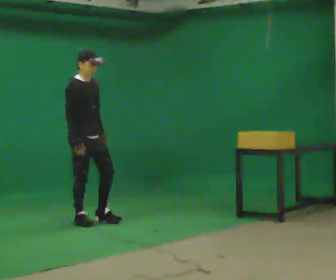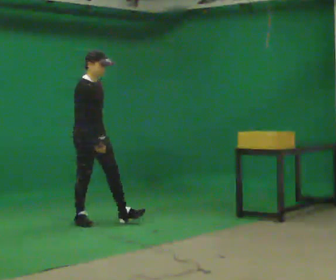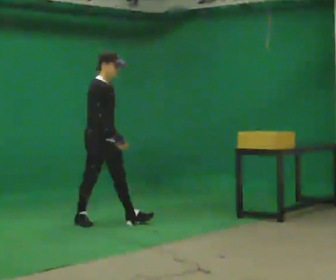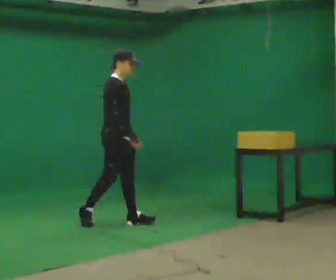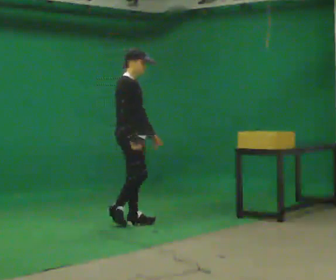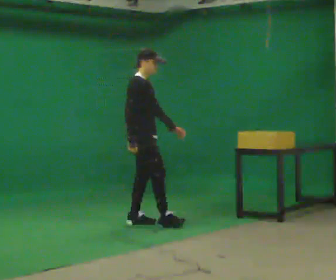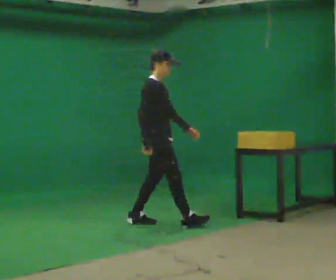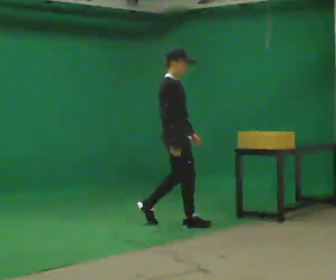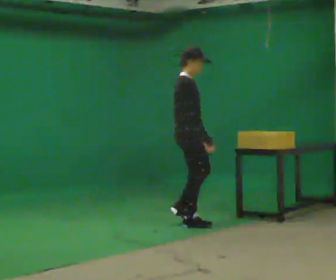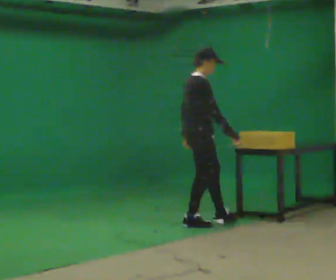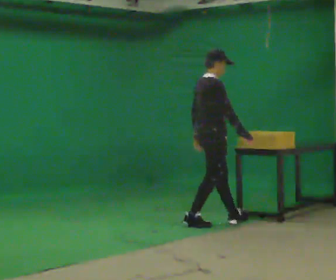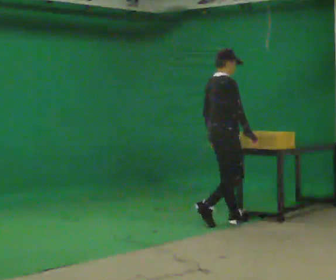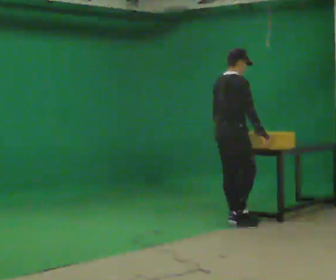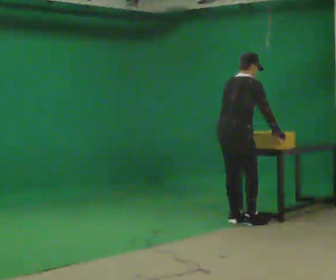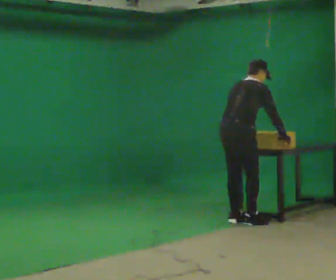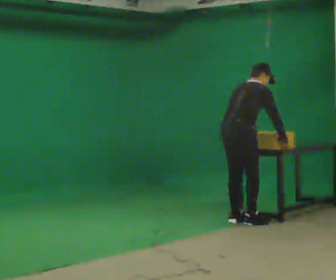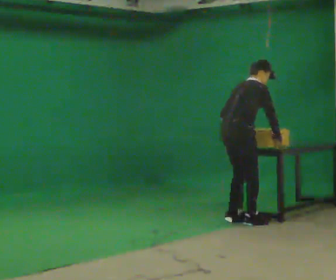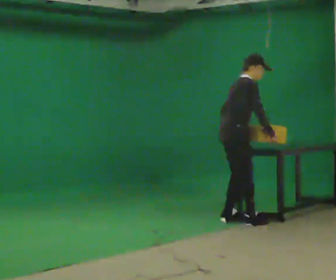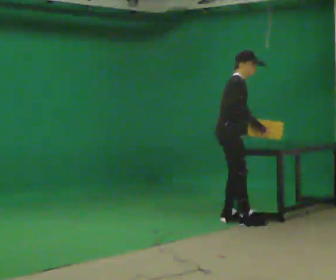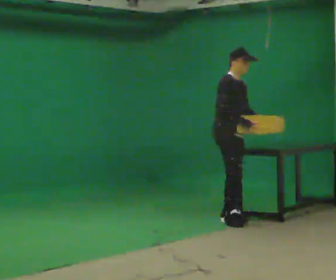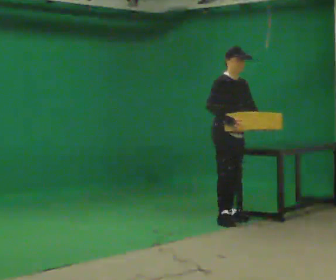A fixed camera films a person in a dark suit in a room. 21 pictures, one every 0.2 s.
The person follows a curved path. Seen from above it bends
counterclockwise.
The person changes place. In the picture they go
to the right.
0.0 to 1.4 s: Seen from above the body turns counterclockwise, about 30 degrees: to their left, with its near side sliding to the right. In the picture they go to the right, about 1 m in 2 steps, which for them is forward.
1.4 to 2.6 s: The person turns about 45 degrees to their left, counterclockwise seen from above, so the part of the body nearest the lens slides to the right. In the picture they go to the right, about 0.5 m in 2 steps, which for them is forward. The upper body tips away from the camera, its near side rolling upward, as they bend forward.
2.6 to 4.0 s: The part of the body nearest the lens slides to the left as the person turns to their right by about 90 degrees. In the picture they go away from the camera, about 0.25 m in 1 step. In the picture their left hand goes to the right, the arm swinging counterclockwise.
The film runs forward here.
